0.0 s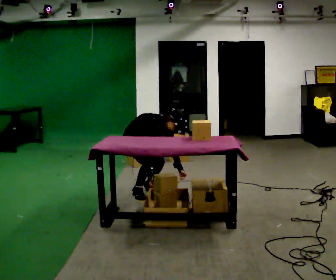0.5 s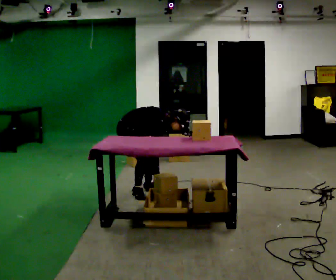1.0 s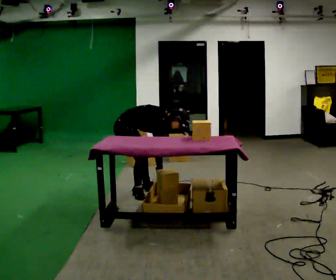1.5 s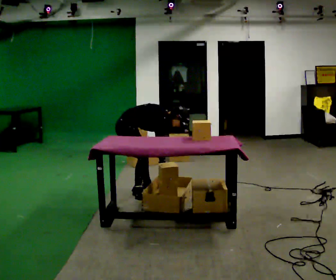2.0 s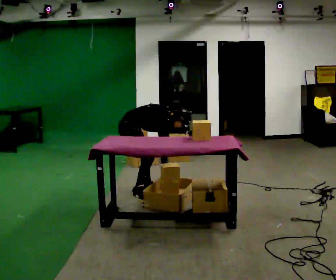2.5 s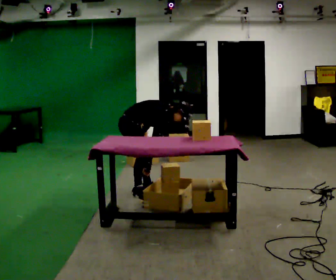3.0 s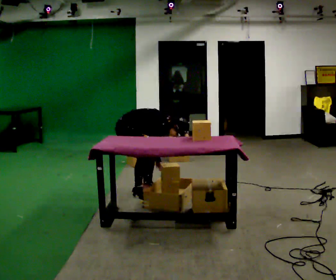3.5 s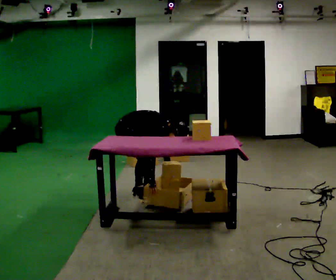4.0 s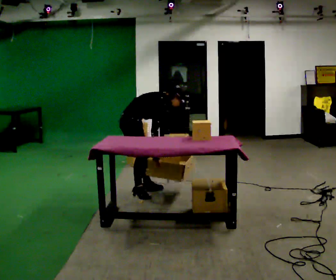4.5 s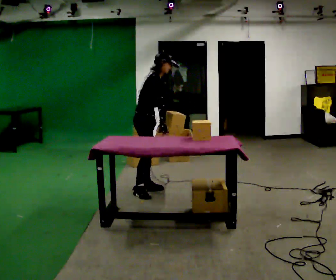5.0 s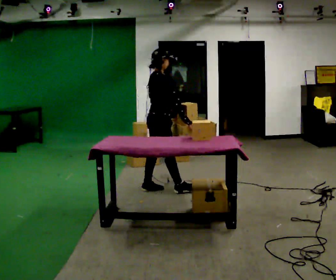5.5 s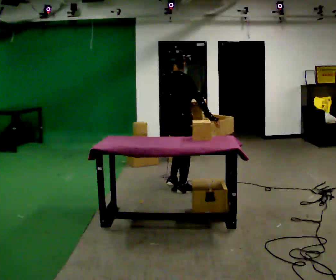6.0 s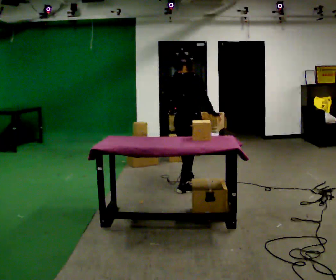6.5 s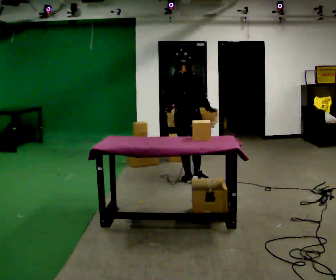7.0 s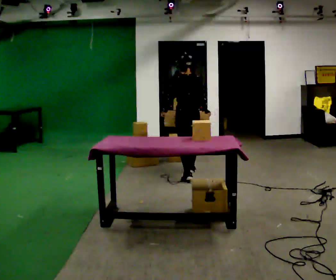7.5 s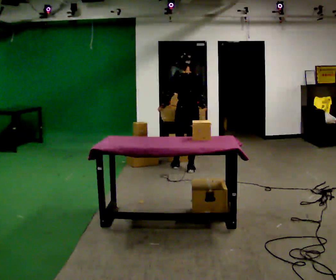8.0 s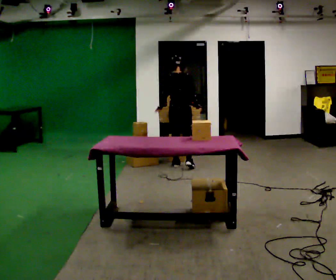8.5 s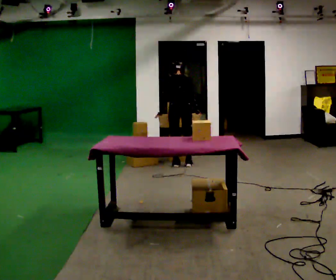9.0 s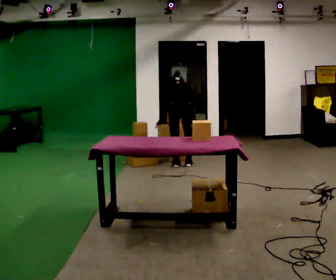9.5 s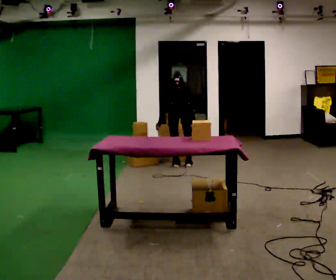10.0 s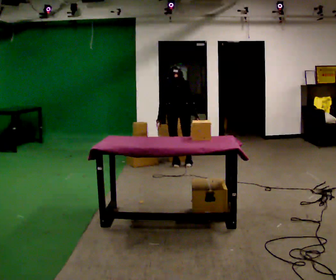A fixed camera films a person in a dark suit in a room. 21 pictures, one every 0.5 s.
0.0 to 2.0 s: The part of the body nearest the lens slides to the right as the person turns to their left by about 45 degrees. In the picture their left hand goes to the left and upward.
2.0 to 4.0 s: In the picture their left hand goes to the right, the arm swinging counterclockwise.
4.0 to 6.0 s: The person turns about 75 degrees to their left, counterclockwise seen from above, so the part of the body nearest the lens slides to the right. In the picture they go to the right, about 0.75 m in 2 steps. The upper body goes upward. In the picture the upper body tilts counterclockwise, shoulders to the left, as they lean back or straighten. In the picture their right hand goes upward.
6.0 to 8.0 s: In the picture they go away from the camera, about 1 m in 2 steps, which for them is forward.
8.0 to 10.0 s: The person moves a little, or ends about where they began.
The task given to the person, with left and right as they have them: 1. Take everything out of the crates by the door. 2. Put the small items on the middle shelf. 3. Put the large items on the bottom shelf. 4. Stack the empty crates by the door. 5. Tell the operator when you are finished.
The film runs forward here.
